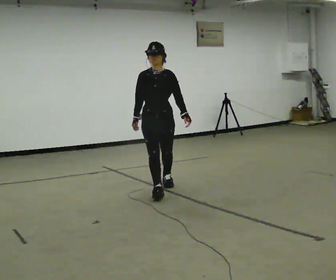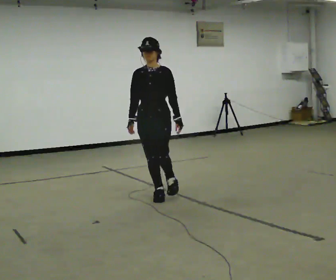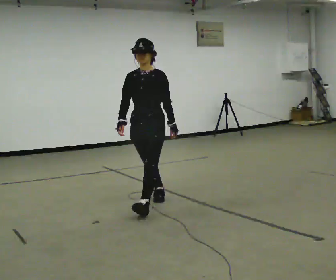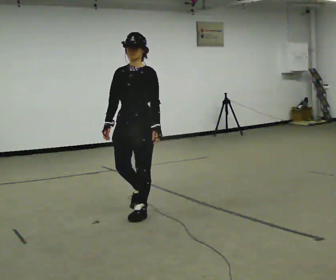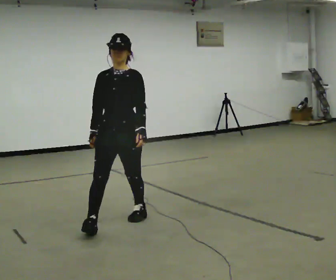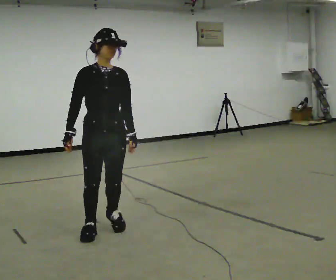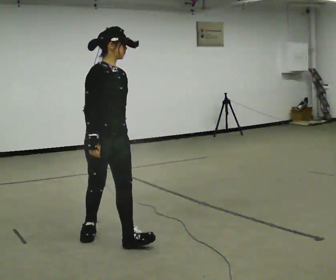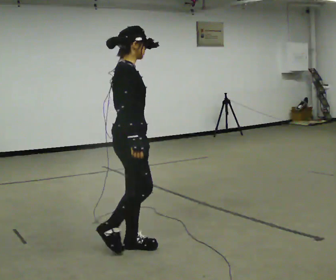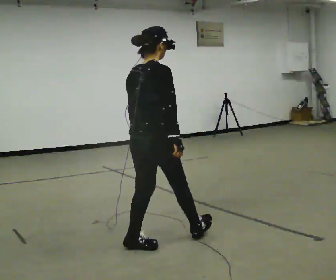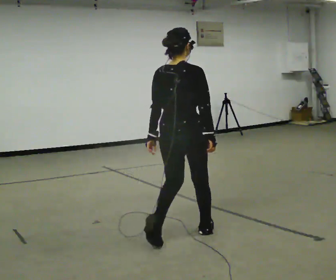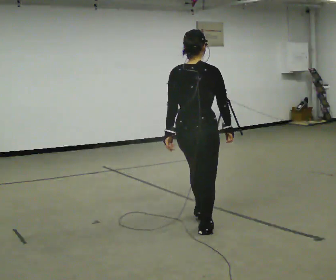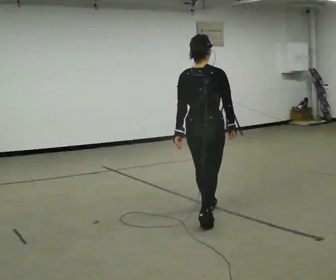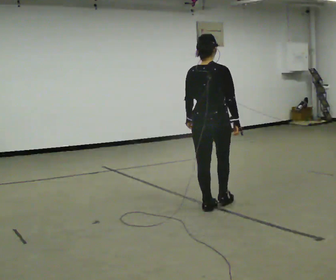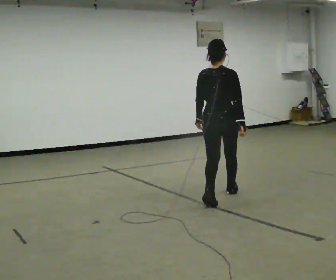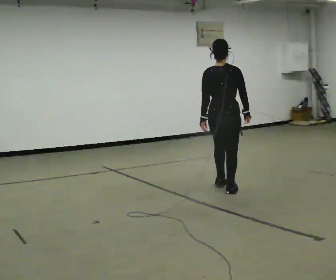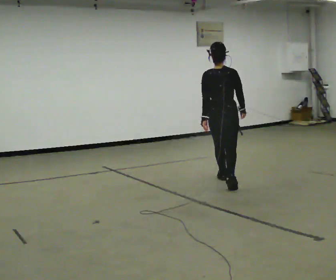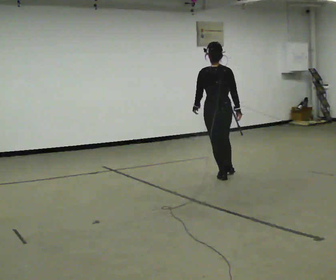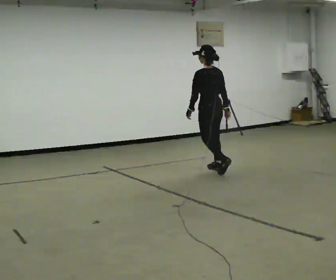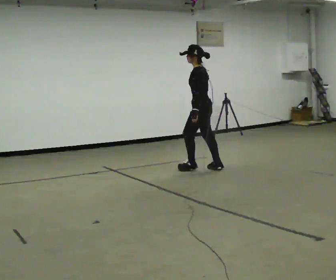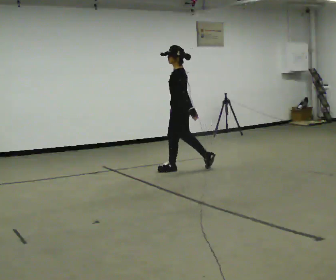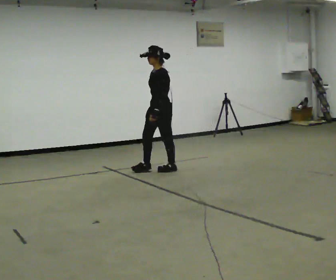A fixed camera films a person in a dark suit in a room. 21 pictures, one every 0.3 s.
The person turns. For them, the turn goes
to their left.
The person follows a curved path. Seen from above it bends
counterclockwise.
0.0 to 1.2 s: In the picture they go toward the camera, about 1 m in 2 steps, which for them is forward.
1.2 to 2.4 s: The person turns about 150 degrees to their left, counterclockwise seen from above, so the part of the body nearest the lens slides to the right. In the picture they go toward the camera and to the right, about 0.5 m in 2 steps.
2.4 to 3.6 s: Seen from above the body turns counterclockwise, about 30 degrees: to their left, with its near side sliding to the right. In the picture they go away from the camera and to the right, about 1 m in 2 steps, which for them is forward.
3.6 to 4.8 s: In the picture they go away from the camera, about 1.5 m in 2 steps, which for them is forward.
4.8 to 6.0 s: Seen from above the body turns counterclockwise, about 105 degrees: to their left, with its near side sliding to the right. In the picture they go to the left and away from the camera, about 1 m in 2 steps.
The film runs forward here.
